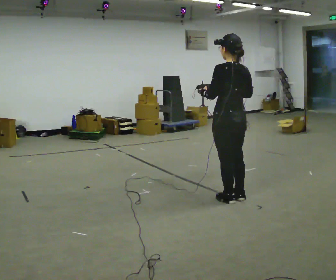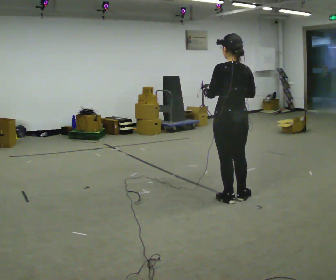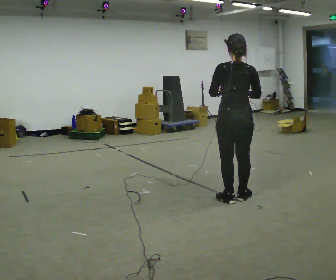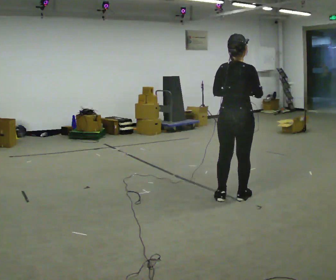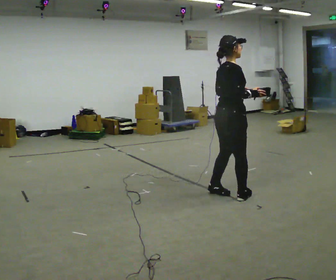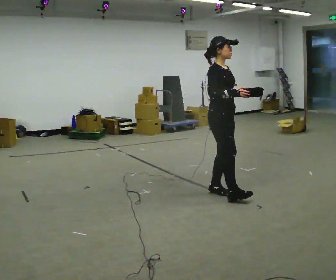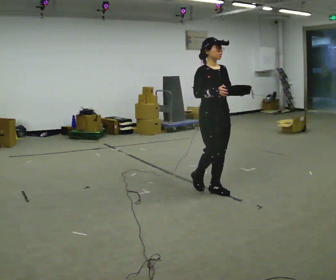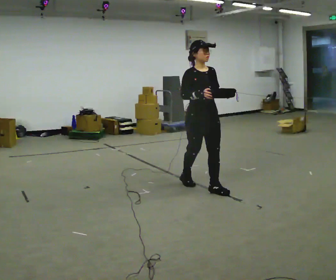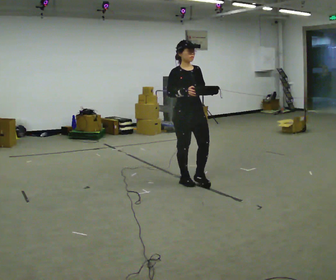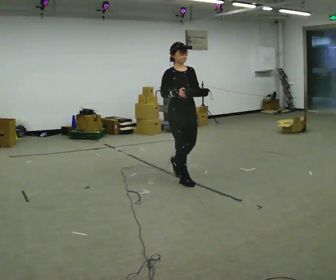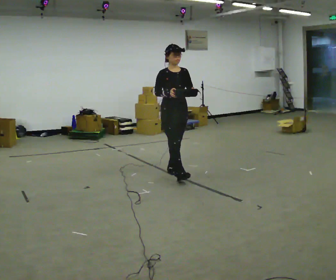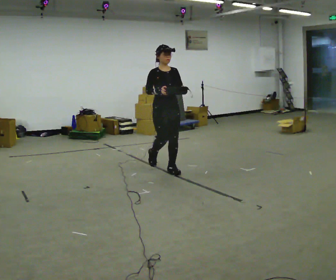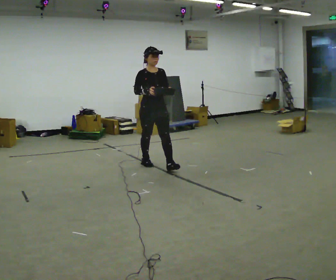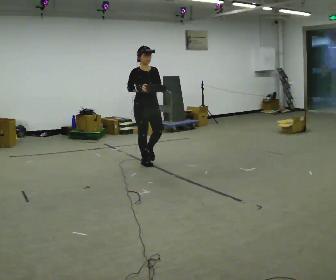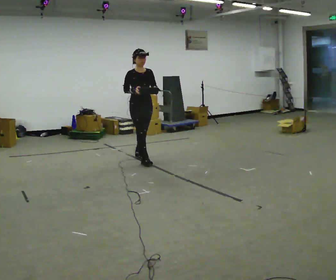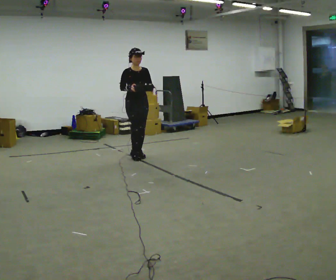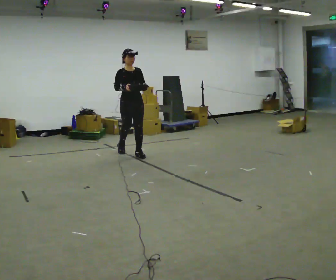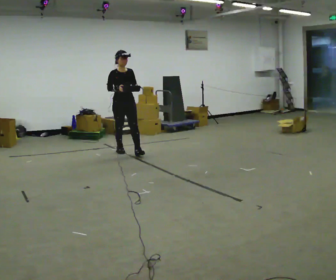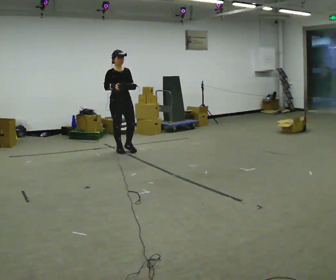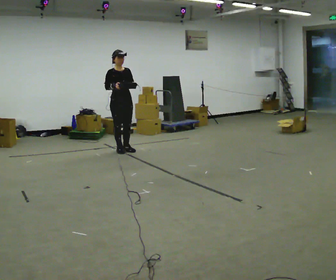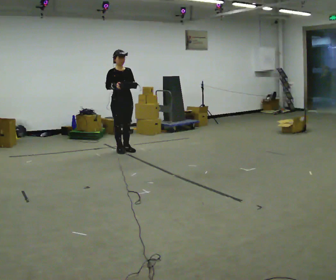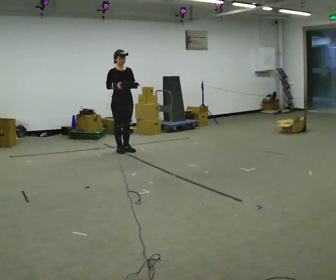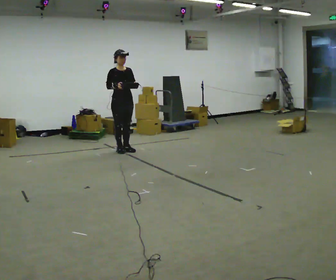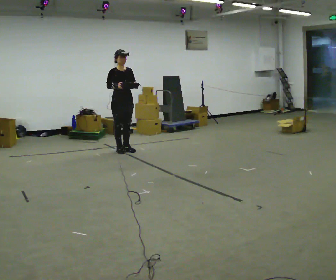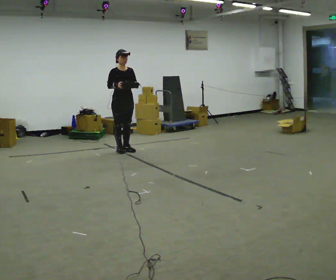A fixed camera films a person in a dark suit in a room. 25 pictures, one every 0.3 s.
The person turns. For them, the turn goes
to their right.
The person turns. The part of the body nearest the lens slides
to the left.
0.0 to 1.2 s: Seen from above the body turns clockwise, about 105 degrees: to their right, with its near side sliding to the left. In the picture their left hand goes to the right.
1.2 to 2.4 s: The part of the body nearest the lens slides to the left as the person turns to their right by about 90 degrees. In the picture they go away from the camera and to the left, about 0.75 m in 2 steps.
2.4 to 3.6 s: In the picture they go away from the camera and to the left, about 1 m in 2 steps, which for them is backward.
3.6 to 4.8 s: In the picture they go away from the camera and to the left, about 1 m in 1 step, which for them is backward.
4.8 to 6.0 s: In the picture they go away from the camera and to the left, about 0.25 m in 1 step, which for them is backward.
6.0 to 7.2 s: The person moves a little, or ends about where they began.
The film runs backward here.
